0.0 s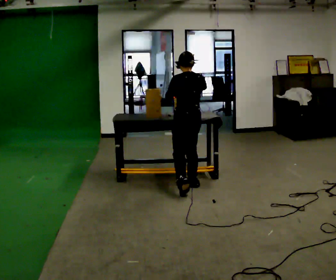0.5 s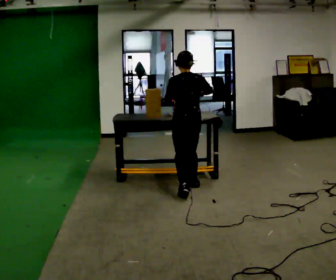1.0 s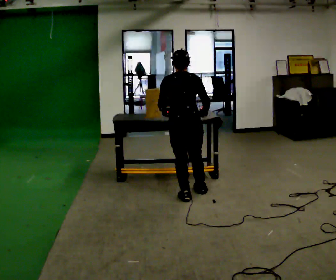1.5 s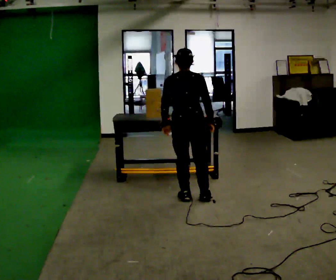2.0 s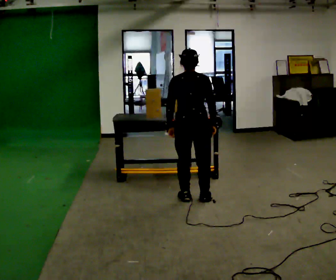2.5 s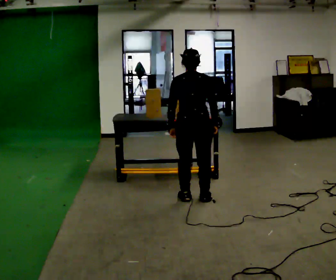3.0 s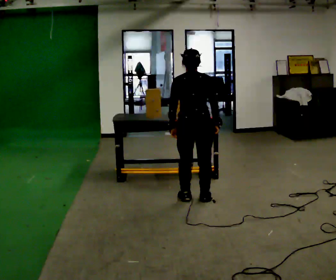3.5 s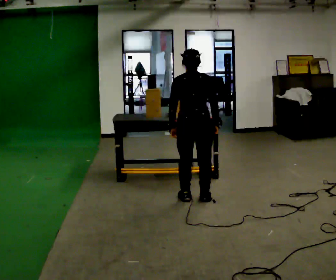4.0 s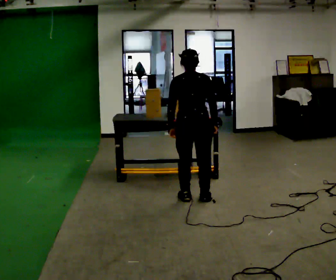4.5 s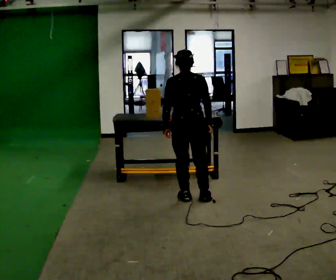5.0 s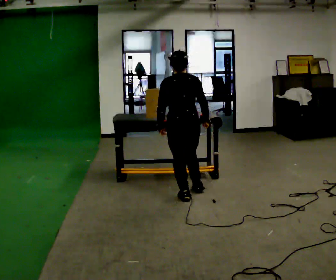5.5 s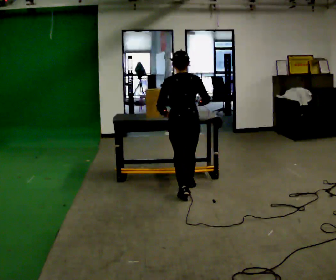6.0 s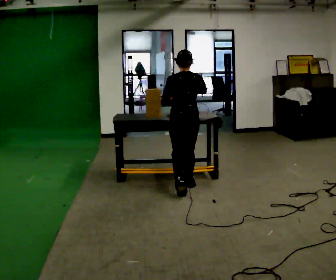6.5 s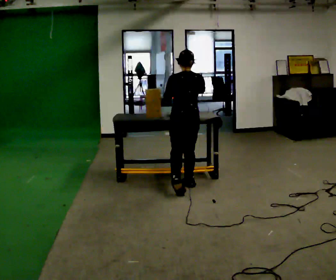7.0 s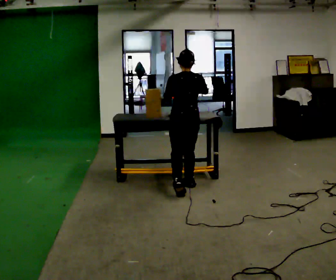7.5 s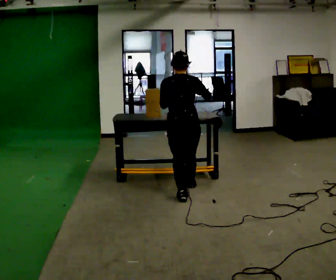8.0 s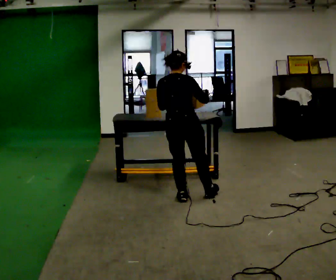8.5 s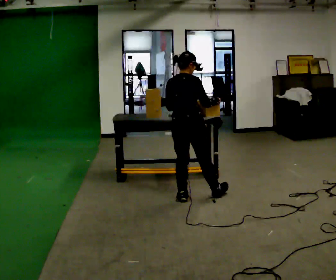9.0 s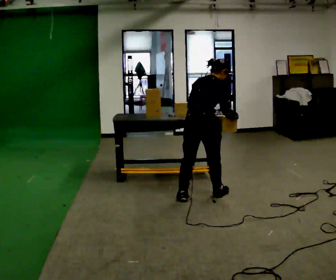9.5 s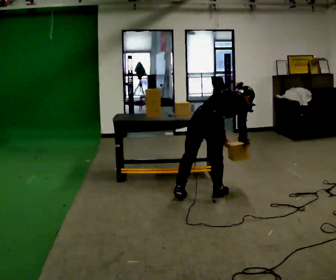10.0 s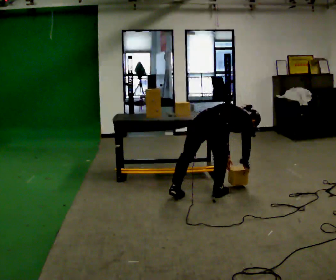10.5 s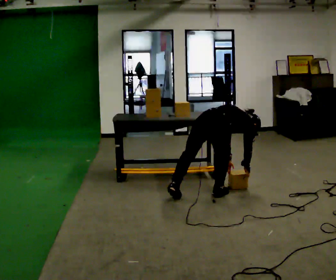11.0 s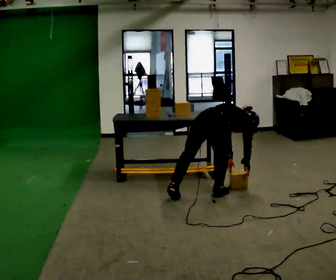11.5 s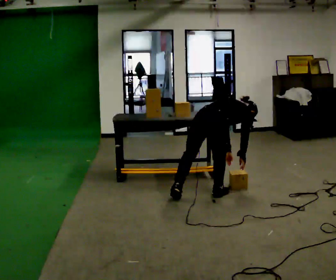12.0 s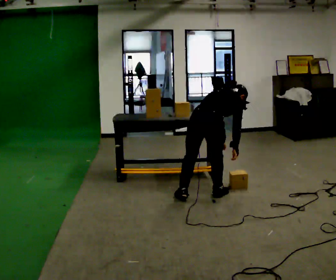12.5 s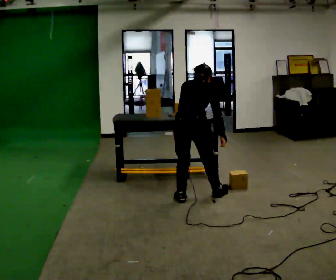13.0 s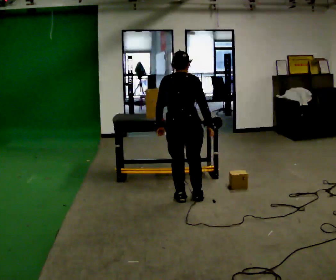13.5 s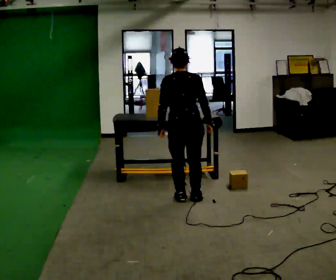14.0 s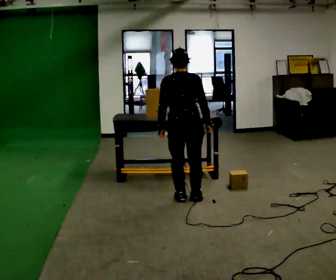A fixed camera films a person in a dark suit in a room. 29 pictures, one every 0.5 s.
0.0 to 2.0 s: Seen from above the body turns clockwise, about 30 degrees: to their right, with its near side sliding to the left. In the picture they go toward the camera, about 0.5 m in 1 step, which for them is backward. In the picture their right hand goes downward.
2.0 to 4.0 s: The person keeps their place and pose.
4.0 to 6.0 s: In the picture they go away from the camera, about 0.5 m in 1 step, which for them is forward. In the picture their right hand goes upward.
6.0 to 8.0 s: The person turns about 45 degrees to their right, clockwise seen from above, so the part of the body nearest the lens slides to the left. In the picture they go toward the camera, about 0.5 m, which for them is backward and to their left.
8.0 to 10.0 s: Seen from above the body turns clockwise, about 30 degrees: to their right, with its near side sliding to the left. In the picture they go to the right, about 0.25 m in 1 step, which for them is to their right and forward. The shoulders move downward. In the picture the upper body tilts clockwise, shoulders to the right, as they bend forward. In the picture their right hand goes downward.
10.0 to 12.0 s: The shoulders move upward. In the picture the upper body tilts counterclockwise, shoulders to the left, as they lean back or straighten.
12.0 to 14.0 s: The person turns about 30 degrees to their left, counterclockwise seen from above, so the part of the body nearest the lens slides to the right. In the picture they go to the left, about 0.25 m, which for them is to their left. The shoulders move upward. The upper body tips toward the camera, its near side rolling downward, as they lean back or straighten.
The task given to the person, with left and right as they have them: Carry the object over and line it up with the mark on the surface as accurately as you can. Keep going until the operator says stop; one object at a time, and do not rush between trips.
The film runs forward here.
